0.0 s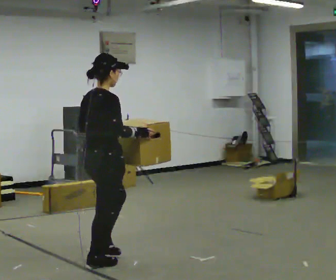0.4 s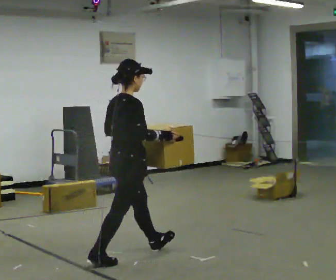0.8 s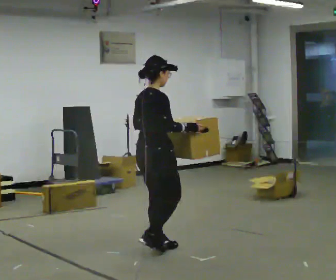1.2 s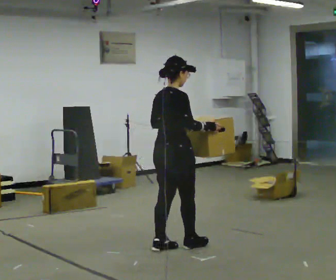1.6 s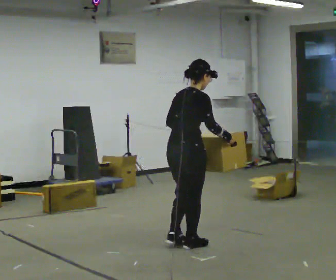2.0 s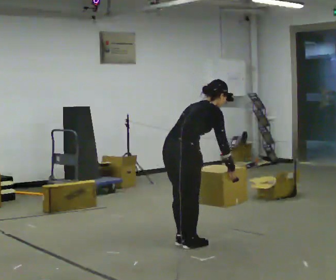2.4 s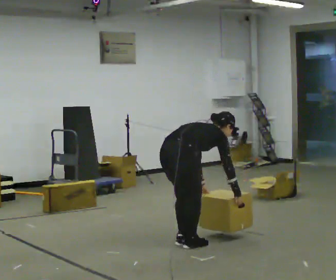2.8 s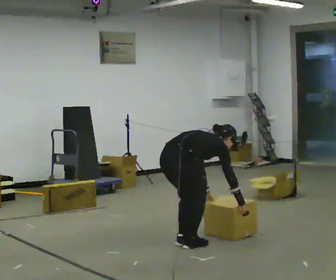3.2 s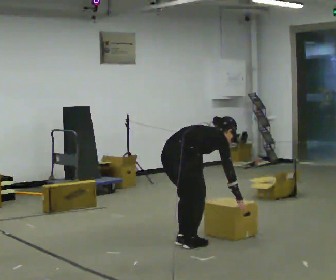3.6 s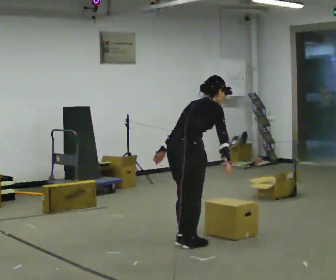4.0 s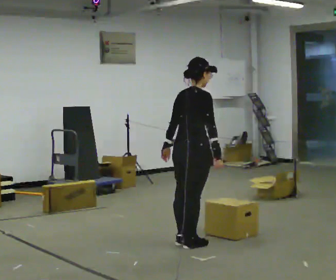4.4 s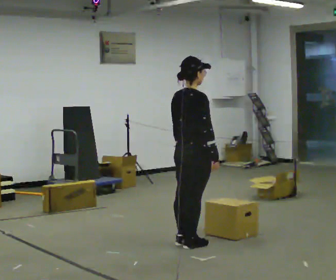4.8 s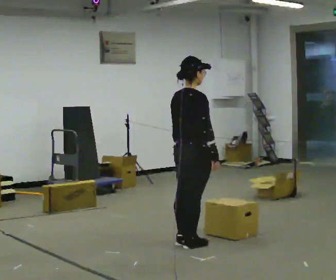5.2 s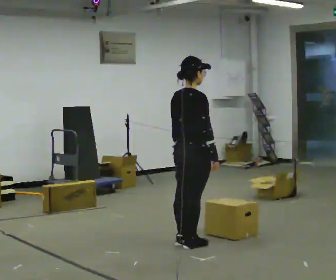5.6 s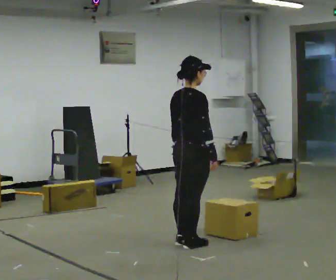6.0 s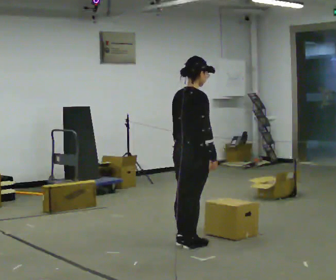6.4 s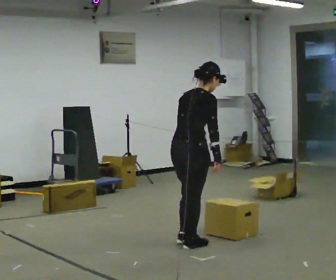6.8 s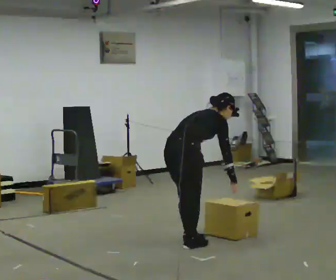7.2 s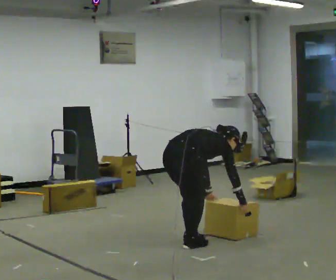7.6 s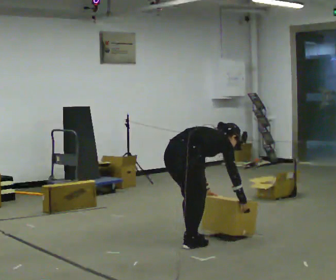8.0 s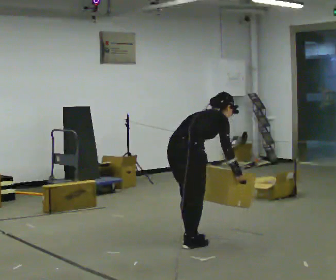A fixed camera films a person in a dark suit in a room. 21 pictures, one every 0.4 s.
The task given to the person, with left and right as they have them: Carry the box along the marked route, turning 90 degrees at the corner the operator calls, and set it down at the end. Keep going until the operator says stop; one object at a time, and do not rush between trips.
0.0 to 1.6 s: In the picture they go to the right and away from the camera, about 1 m in 2 steps, which for them is forward.
1.6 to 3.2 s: In the picture the upper body tilts clockwise, shoulders to the right, as they bend forward. In the picture their left hand goes downward.
3.2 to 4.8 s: The shoulders move upward. In the picture the upper body tilts counterclockwise, shoulders to the left, as they lean back or straighten. In the picture their right hand goes upward.
4.8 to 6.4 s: In the picture the upper body tilts clockwise, shoulders to the right, as they bend forward.
6.4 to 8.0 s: The person moves a little, or ends about where they began.
The film runs forward here.
